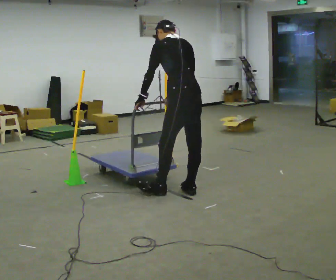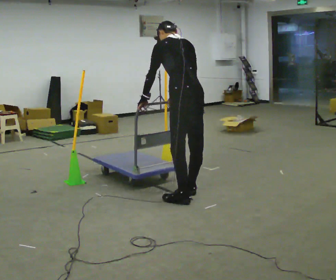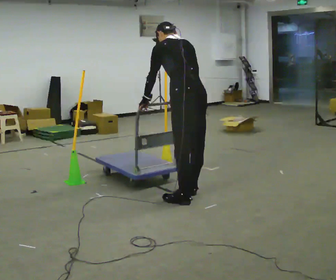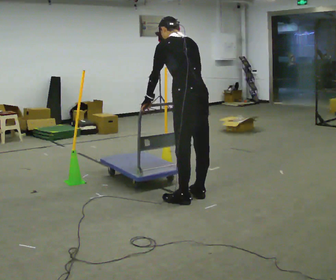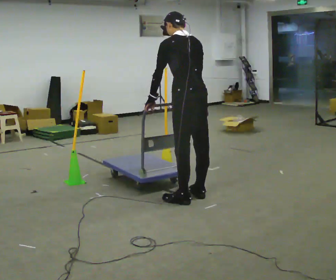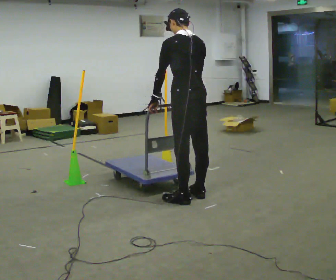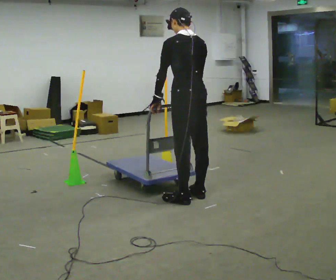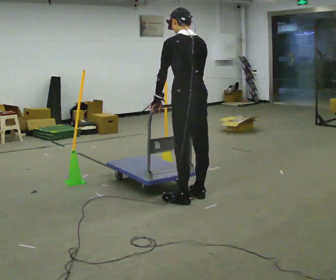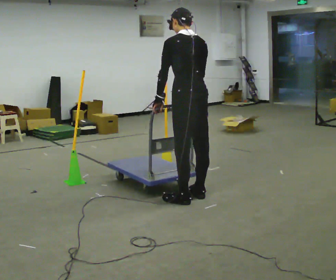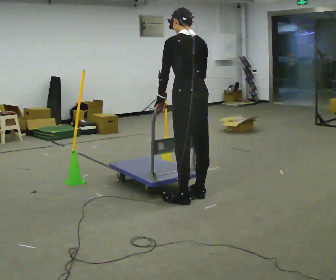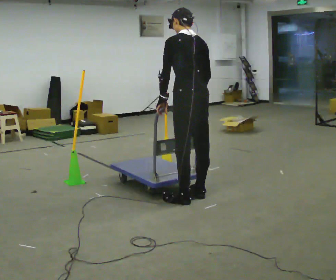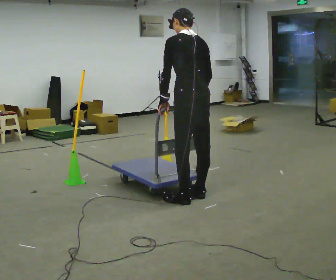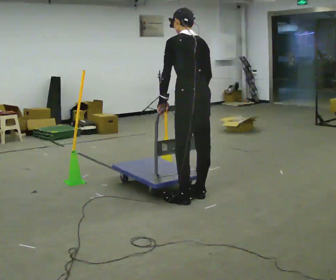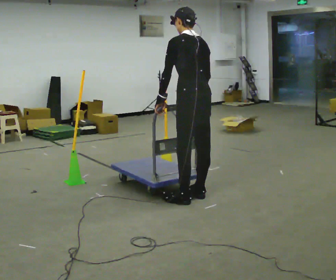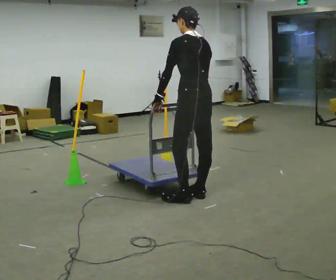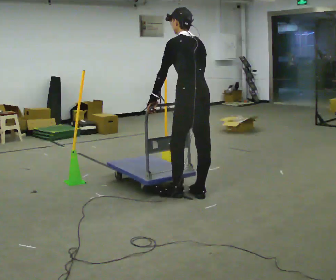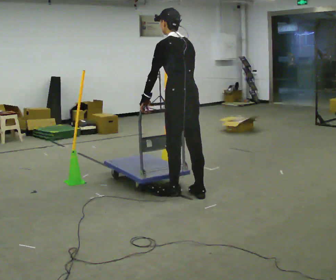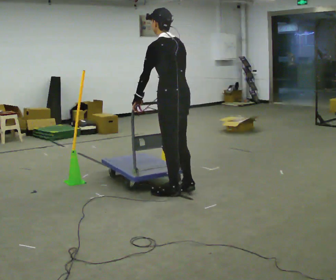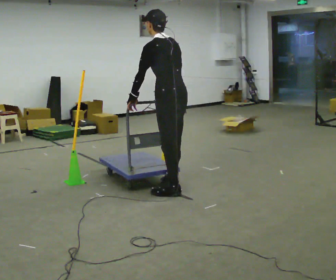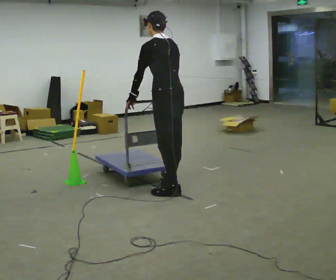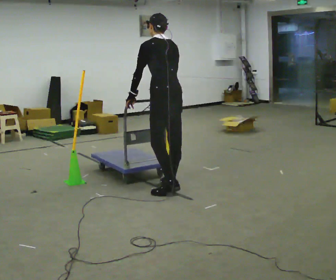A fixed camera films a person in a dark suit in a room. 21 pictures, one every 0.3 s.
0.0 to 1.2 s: In the picture they go toward the camera, about 0.25 m in 1 step, which for them is backward.
1.2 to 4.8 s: The person moves a little, or ends about where they began.
4.8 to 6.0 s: In the picture they go away from the camera and to the left, about 0.25 m in 1 step, which for them is forward.
The film runs forward here.
